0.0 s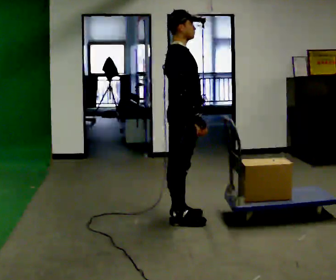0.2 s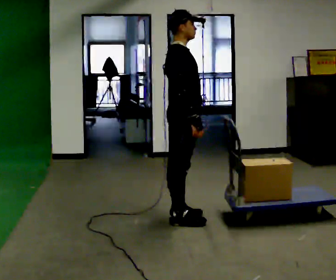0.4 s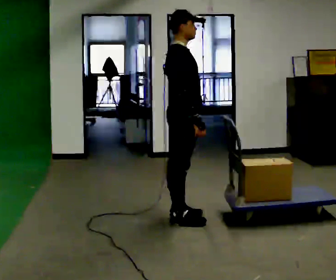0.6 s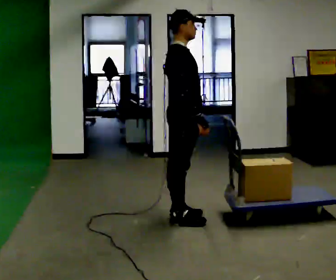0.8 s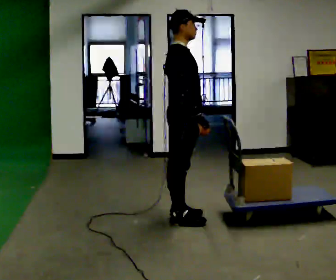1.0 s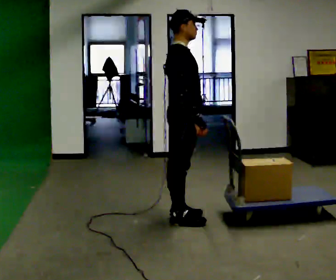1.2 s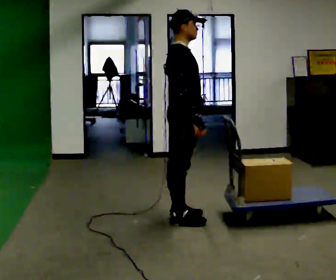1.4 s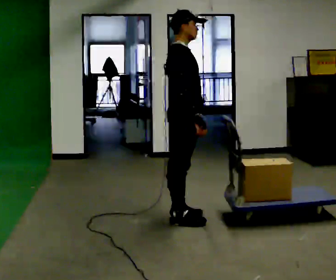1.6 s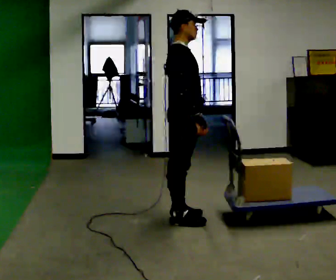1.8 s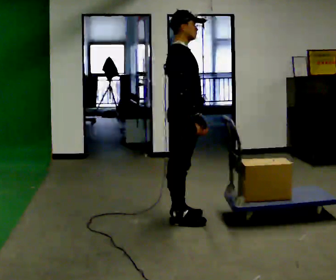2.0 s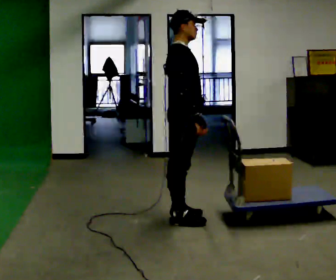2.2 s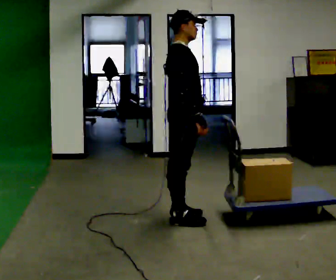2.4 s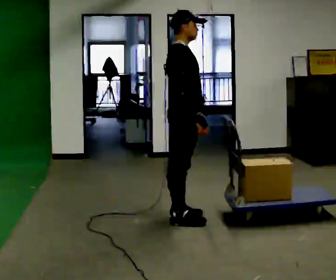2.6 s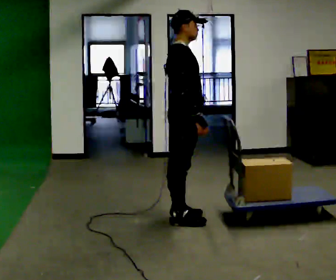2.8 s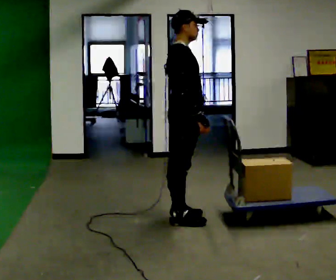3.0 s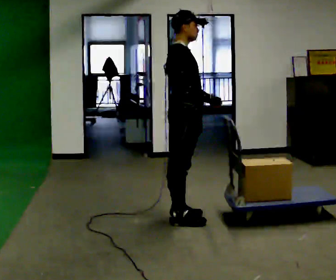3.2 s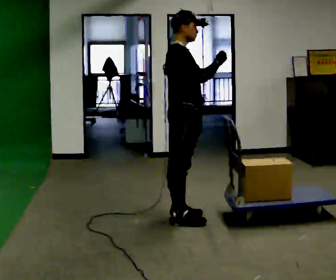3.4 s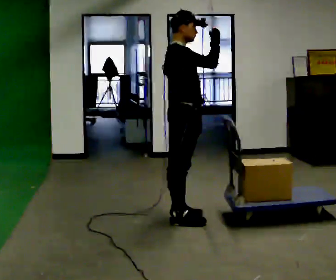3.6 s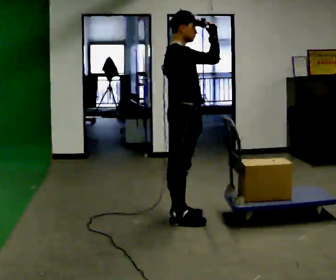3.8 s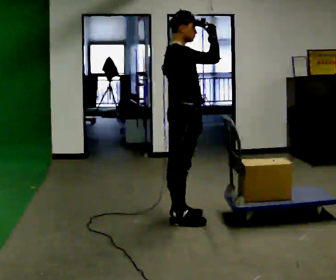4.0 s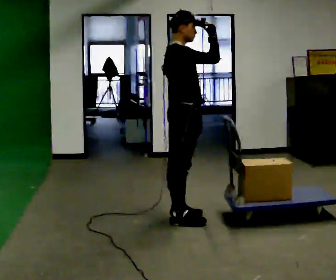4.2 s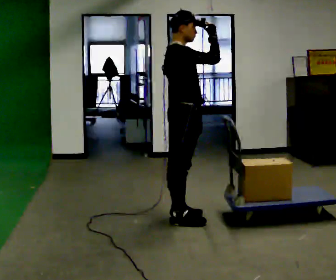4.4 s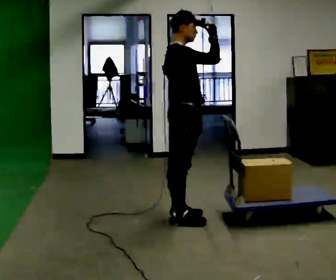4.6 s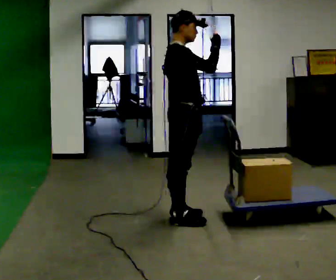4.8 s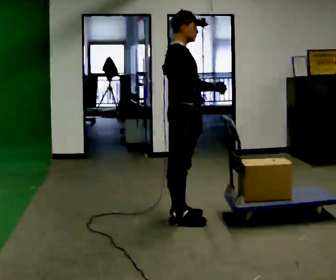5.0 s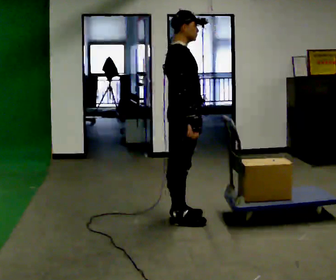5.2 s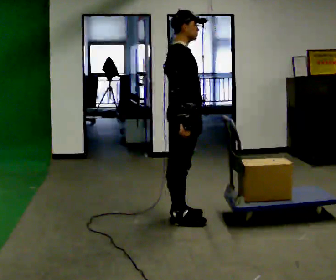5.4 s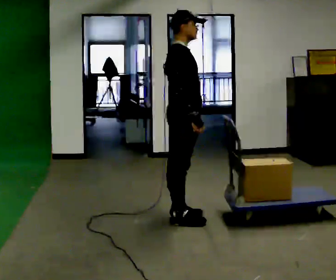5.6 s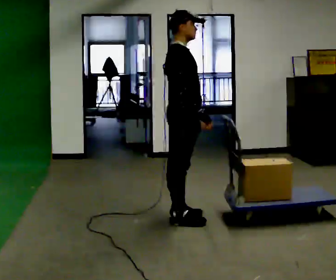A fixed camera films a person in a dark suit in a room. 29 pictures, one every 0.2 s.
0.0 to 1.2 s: The person moves a little, or ends about where they began.
1.2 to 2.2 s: The person keeps their place and pose.
2.2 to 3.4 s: In the picture their right hand goes upward, the arm swinging counterclockwise.
3.4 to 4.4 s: The person keeps their place and pose.
4.4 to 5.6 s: In the picture their right hand goes downward, the arm swinging clockwise.
The film runs forward here.
